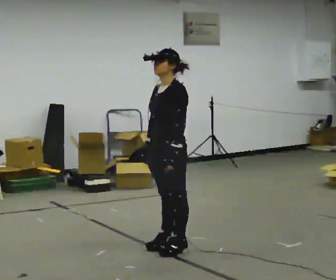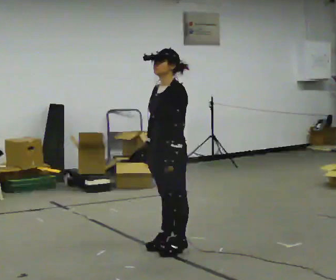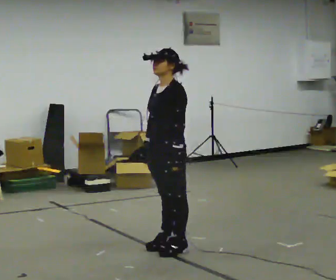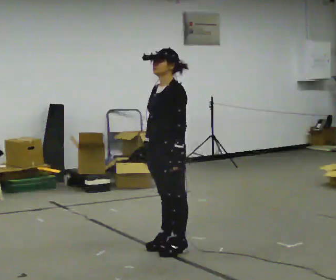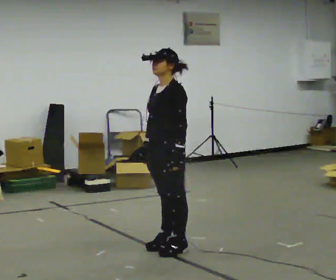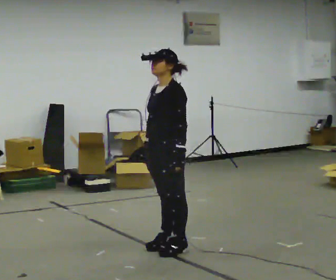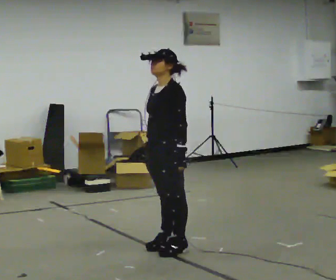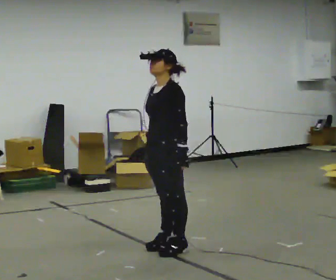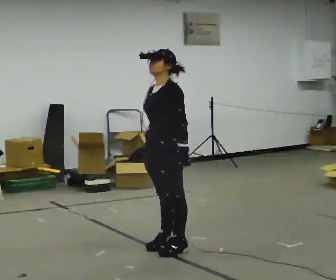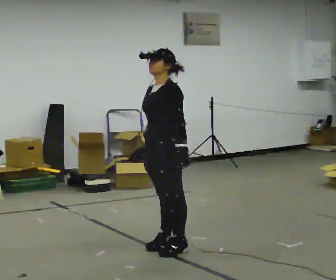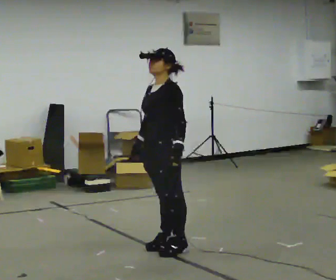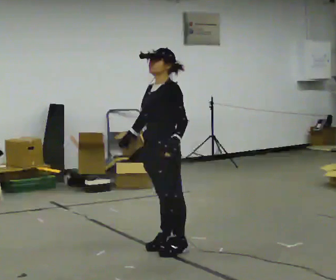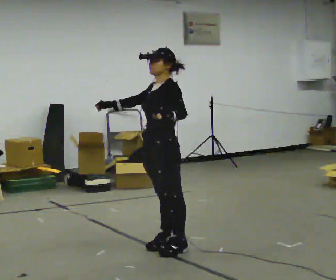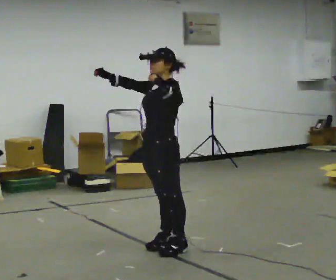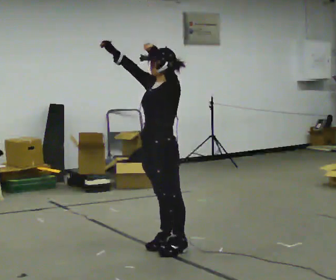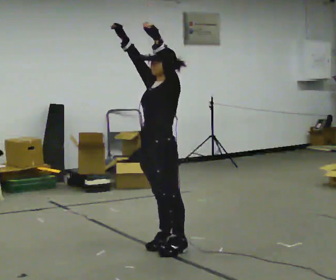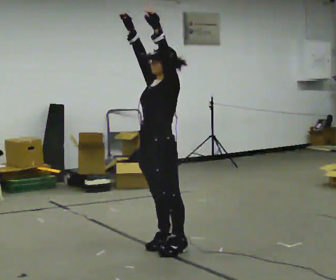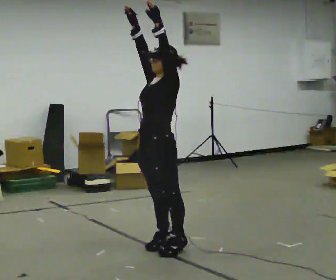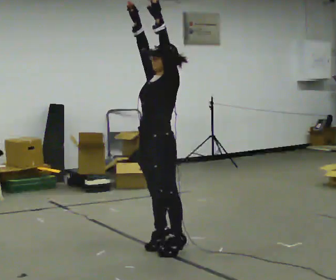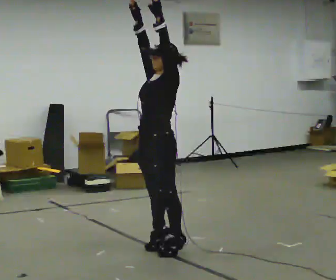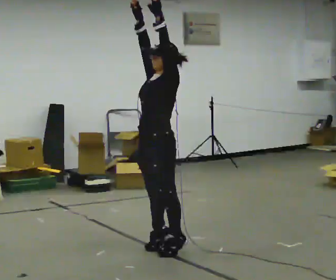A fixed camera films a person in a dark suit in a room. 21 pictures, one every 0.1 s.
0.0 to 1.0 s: The person moves a little, or ends about where they began.
1.0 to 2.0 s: In the picture their right hand goes upward, the arm swinging clockwise.
The film runs backward here.
